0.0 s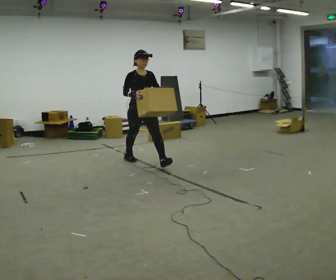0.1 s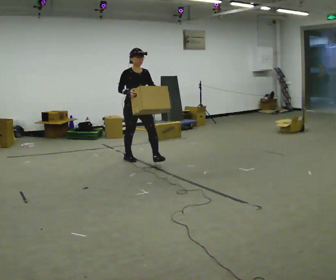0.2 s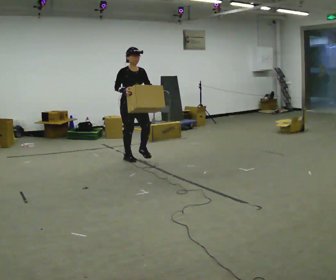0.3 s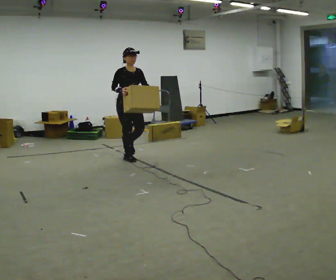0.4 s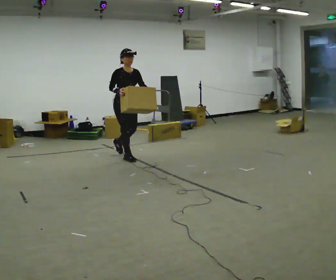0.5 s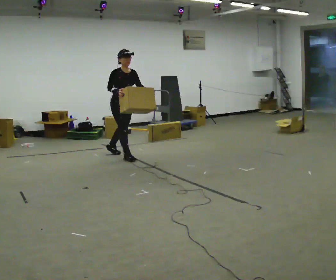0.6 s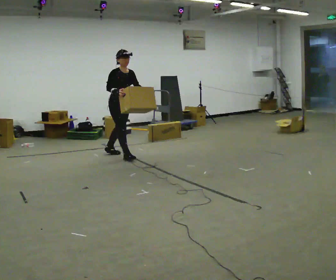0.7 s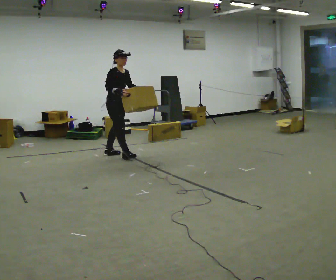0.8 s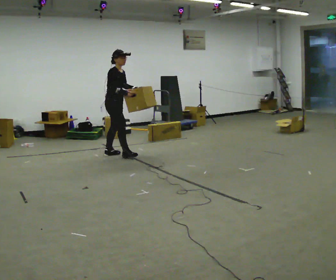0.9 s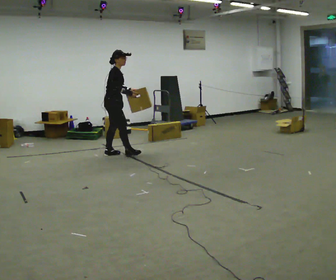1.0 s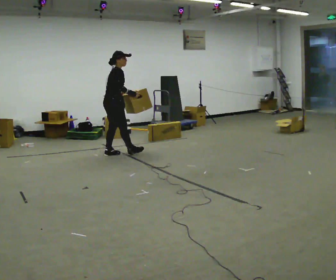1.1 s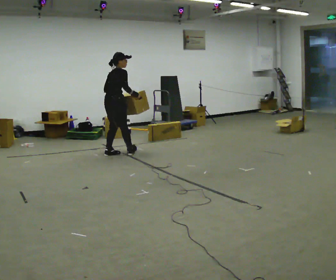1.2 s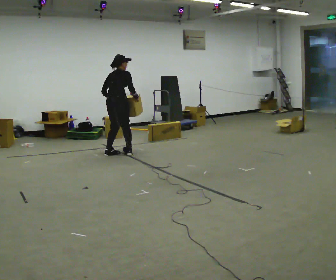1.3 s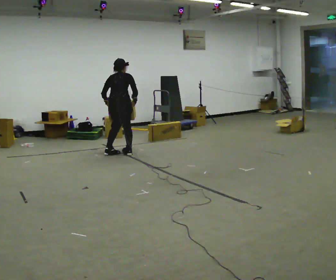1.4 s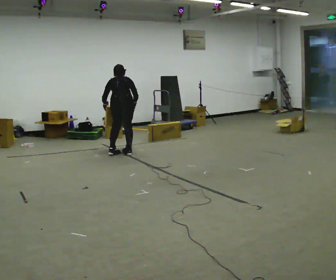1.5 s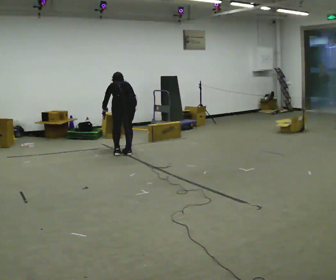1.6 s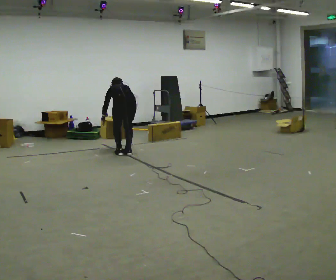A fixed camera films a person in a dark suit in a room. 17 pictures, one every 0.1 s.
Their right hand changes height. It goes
downward.
The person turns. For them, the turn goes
to their left.
0.0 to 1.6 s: The person turns about 180 degrees to their left, counterclockwise seen from above, so the part of the body nearest the lens slides to the right. In the picture they go away from the camera and to the left, about 0.5 m in 2 steps. The upper body goes downward. The upper body tips away from the camera, its near side rolling upward, as they bend forward. In the picture their left hand goes downward, the arm swinging clockwise.
The film runs backward here.
